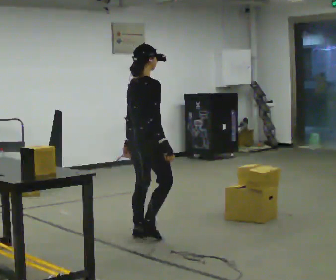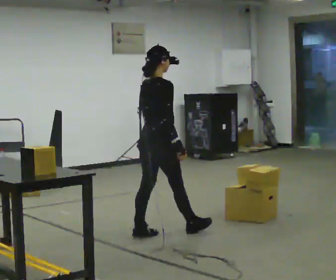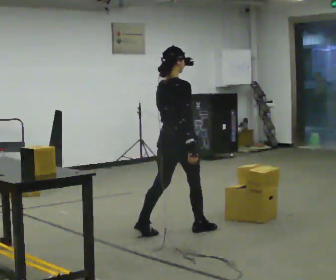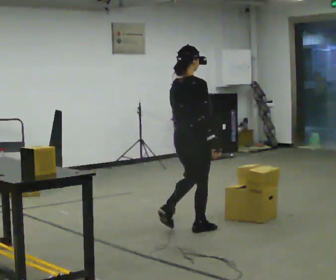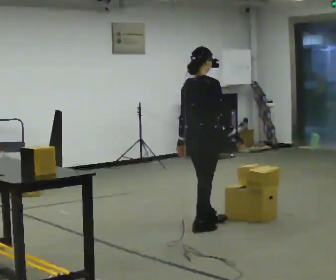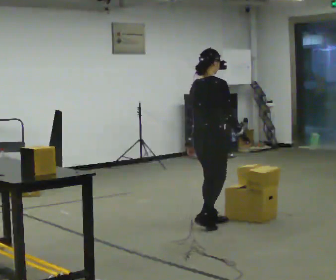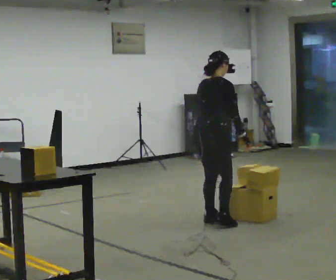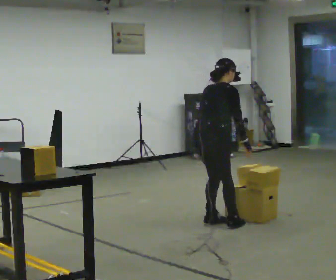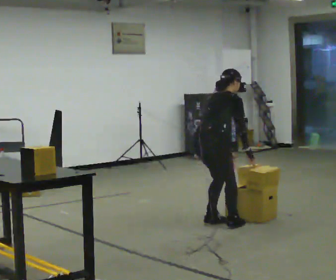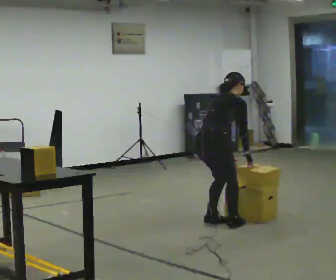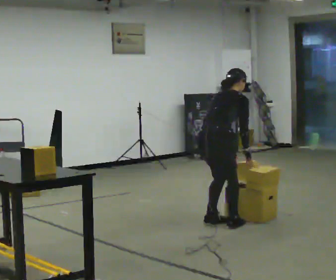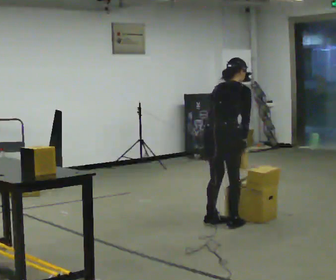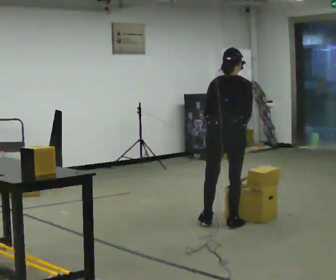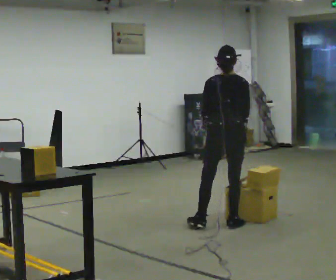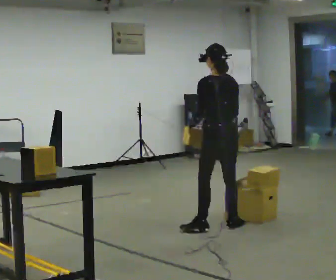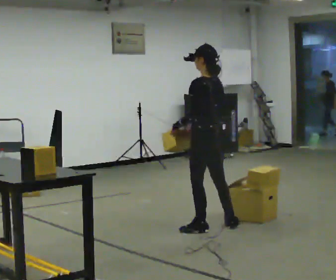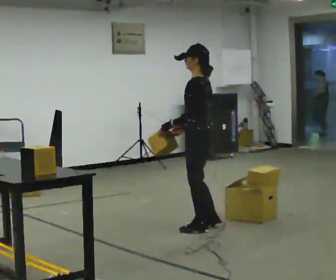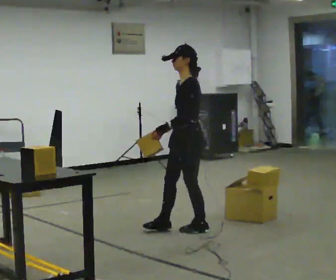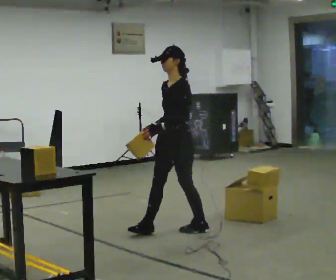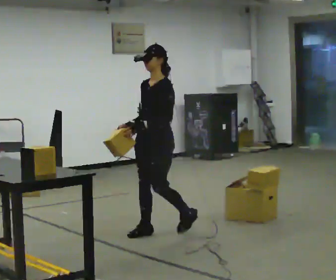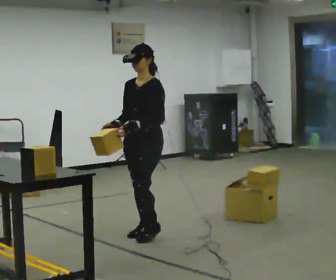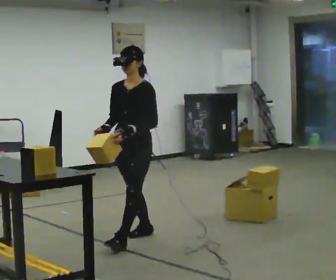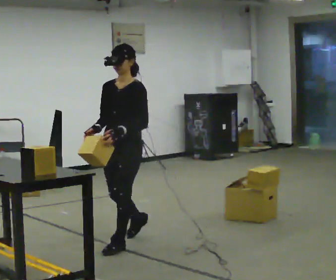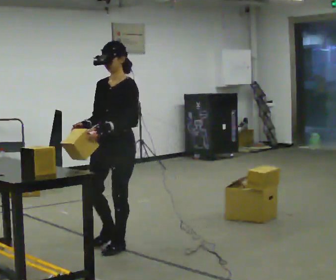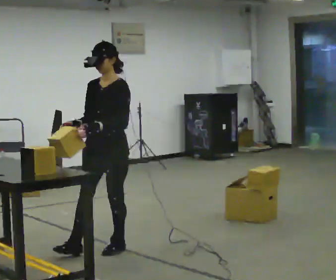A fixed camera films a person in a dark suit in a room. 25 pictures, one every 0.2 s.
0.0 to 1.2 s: In the picture they go to the right and away from the camera, about 0.75 m in 2 steps, which for them is forward. The upper body tips away from the camera, its near side rolling upward, as they bend forward.
1.2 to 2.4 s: The part of the body nearest the lens slides to the right as the person turns to their left by about 45 degrees. In the picture they go to the right, about 0.25 m in 1 step, which for them is to their right.
2.4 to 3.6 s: The person turns about 135 degrees to their left, counterclockwise seen from above, so the part of the body nearest the lens slides to the right. In the picture they go to the left, about 0.5 m in 1 step. The upper body tips toward the camera, its near side rolling downward, as they lean back or straighten.
3.6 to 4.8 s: The part of the body nearest the lens slides to the right as the person turns to their left by about 30 degrees. In the picture they go toward the camera and to the left, about 1 m in 2 steps, which for them is forward.
The film runs forward here.
